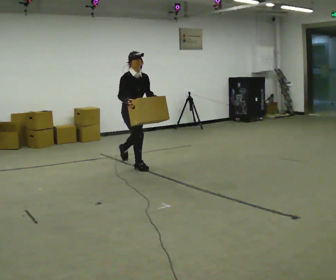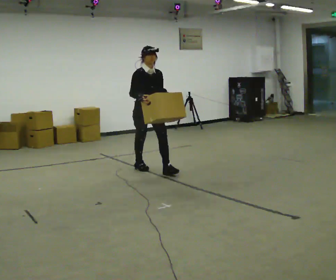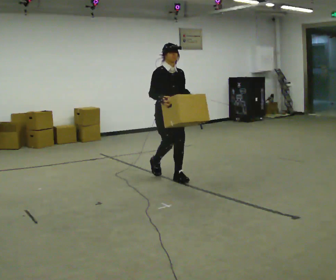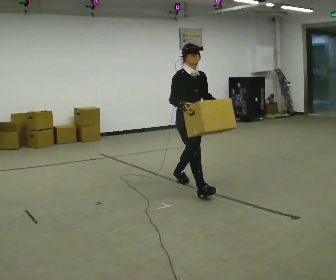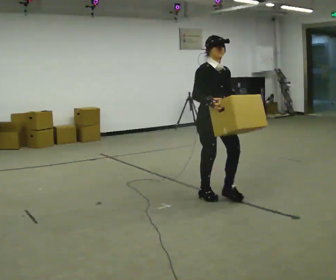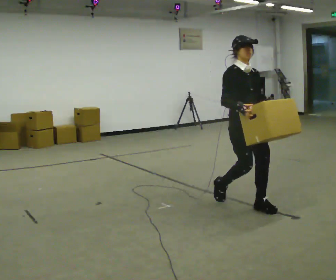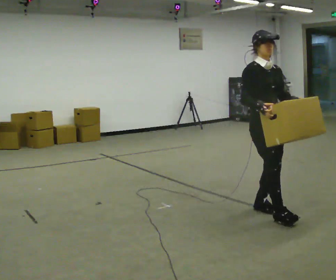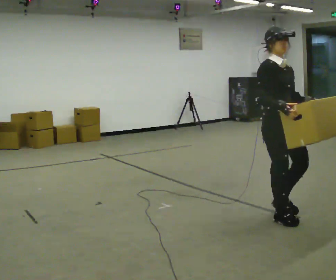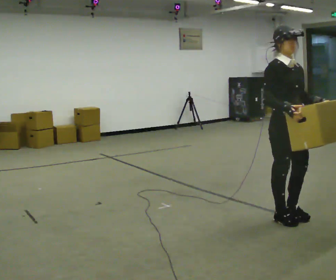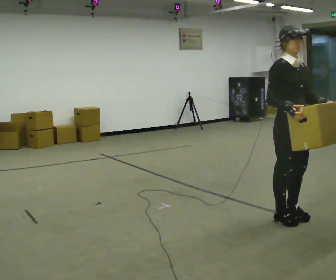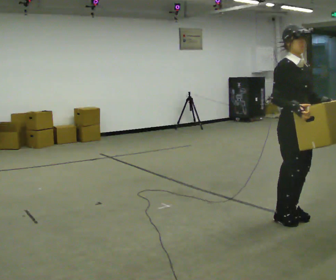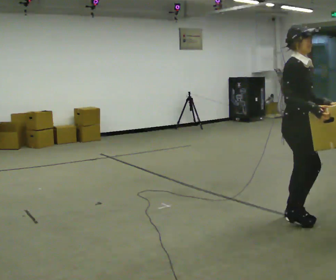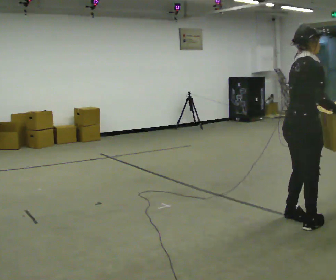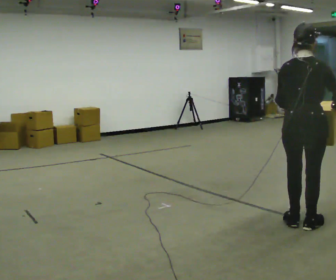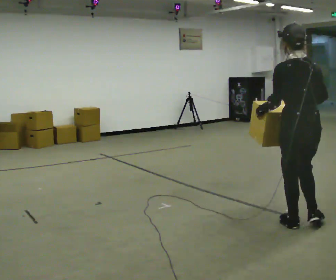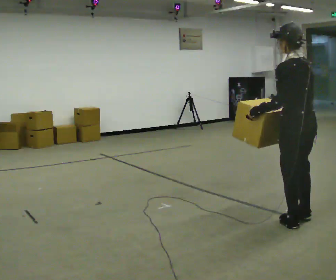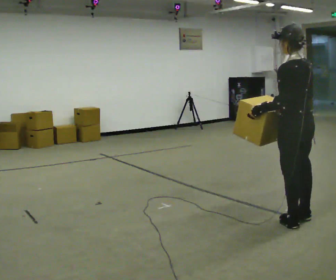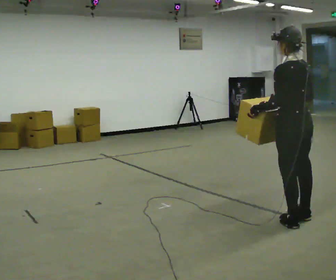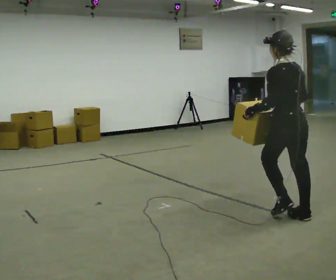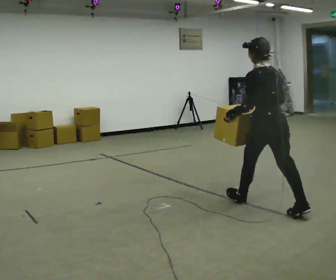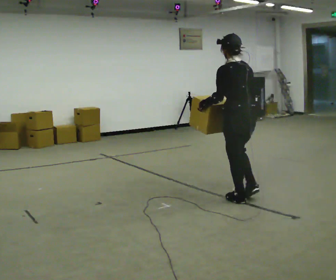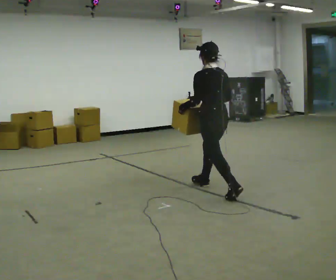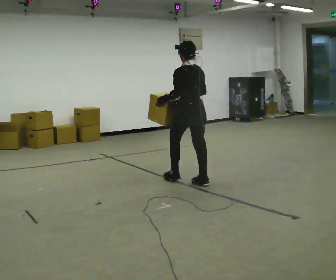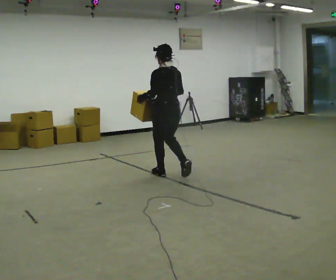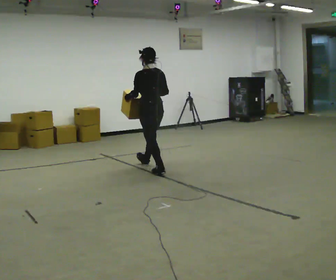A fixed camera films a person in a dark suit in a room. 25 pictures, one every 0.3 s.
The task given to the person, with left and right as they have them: Carry the box across the room as briskly as you comfortably can, back and forth. Do not run.
0.0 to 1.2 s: In the picture they go to the right and toward the camera, about 2 m in 2 steps, which for them is forward.
1.2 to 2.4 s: In the picture they go to the right and toward the camera, about 1 m in 3 steps, which for them is forward.
2.4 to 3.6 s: Seen from above the body turns counterclockwise, about 75 degrees: to their left, with its near side sliding to the right.
3.6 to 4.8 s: The person turns about 120 degrees to their left, counterclockwise seen from above, so the part of the body nearest the lens slides to the right. In the picture their right hand goes to the left.
4.8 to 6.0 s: In the picture they go to the left and away from the camera, about 1 m in 1 step, which for them is forward.
6.0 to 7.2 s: In the picture they go to the left and away from the camera, about 1.5 m in 2 steps, which for them is forward.
The film runs forward here.
